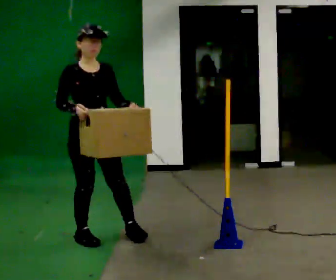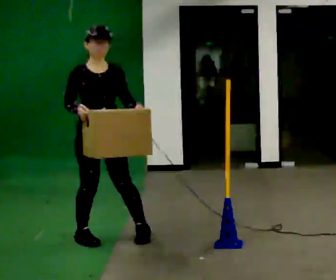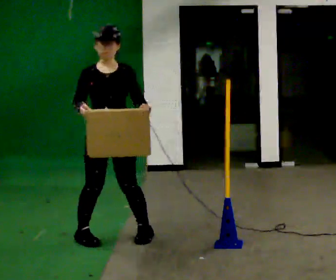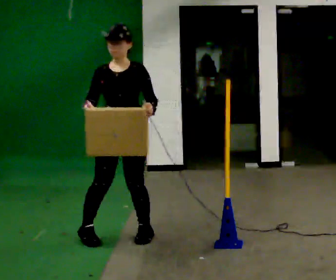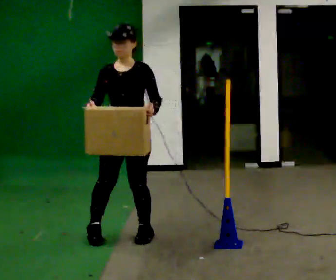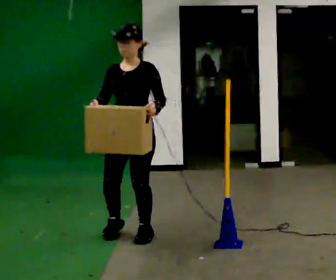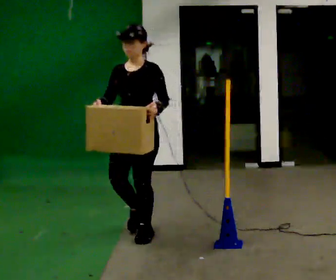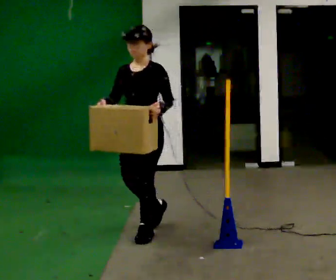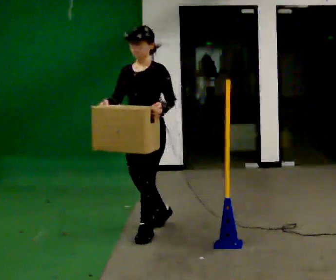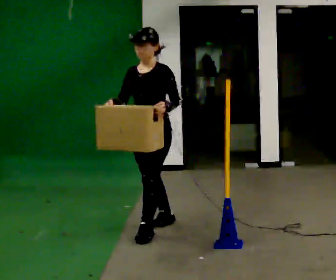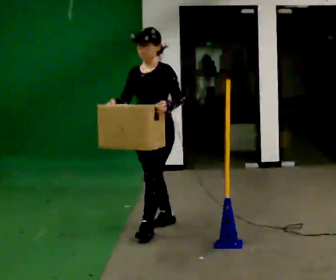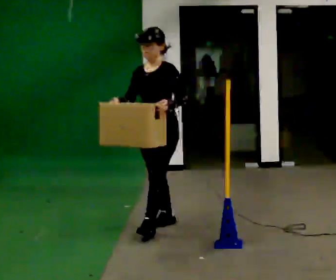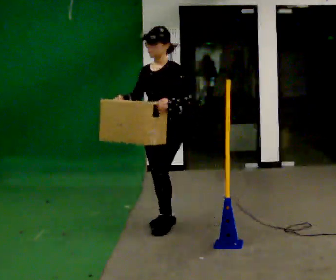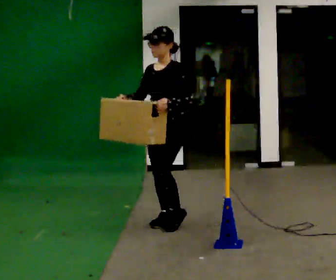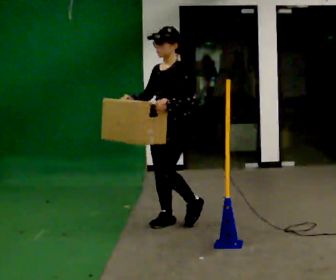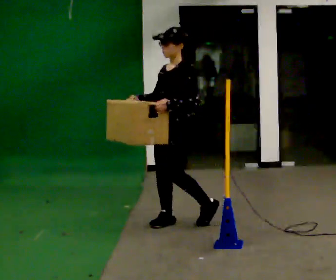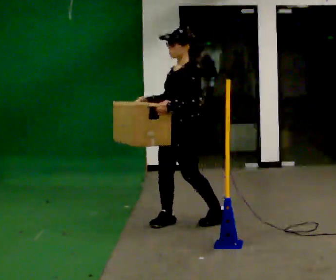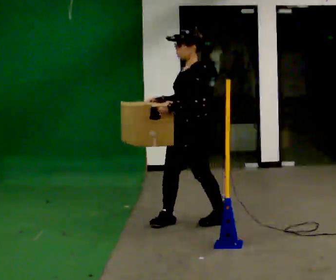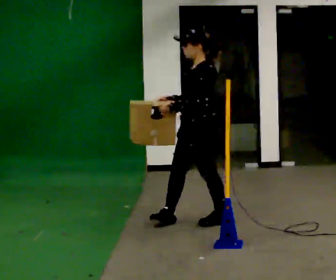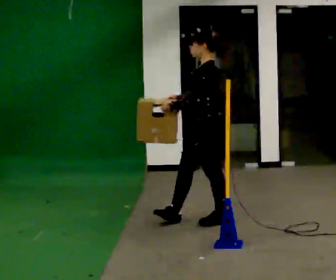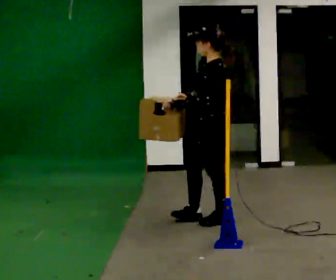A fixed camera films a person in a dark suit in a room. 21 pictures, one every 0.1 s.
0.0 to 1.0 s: The person turns about 60 degrees to their right, clockwise seen from above, so the part of the body nearest the lens slides to the left. In the picture they go to the right and away from the camera, about 0.5 m in 1 step.
1.0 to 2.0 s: The part of the body nearest the lens slides to the left as the person turns to their right by about 60 degrees. In the picture they go to the right, about 0.5 m in 2 steps, which for them is backward and to their left.
The film runs backward here.
